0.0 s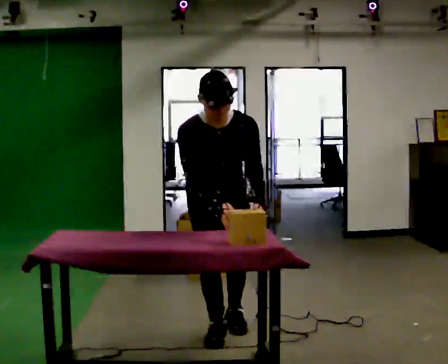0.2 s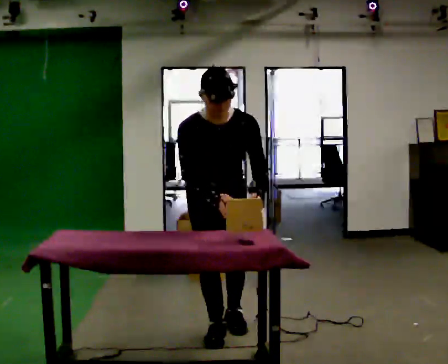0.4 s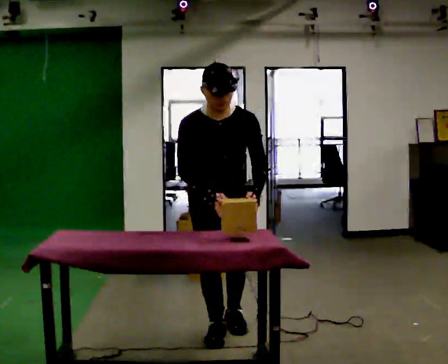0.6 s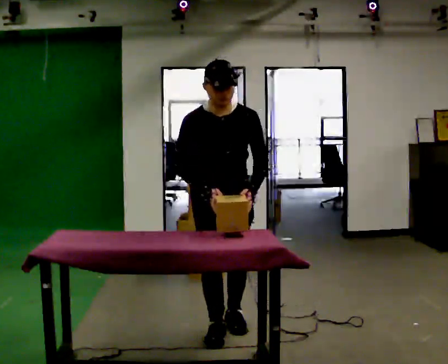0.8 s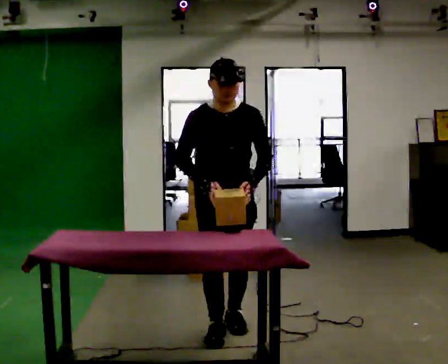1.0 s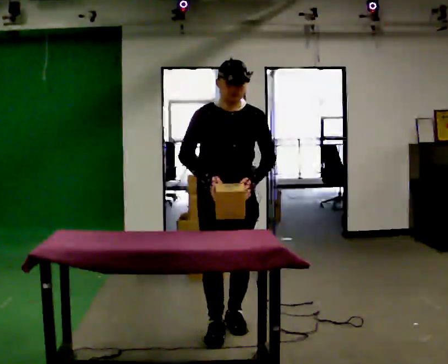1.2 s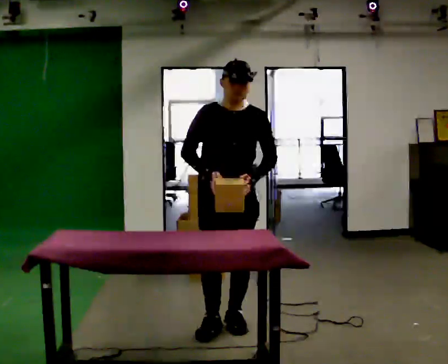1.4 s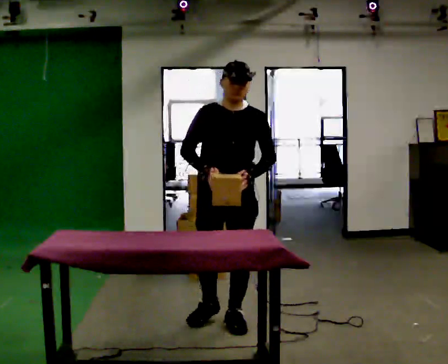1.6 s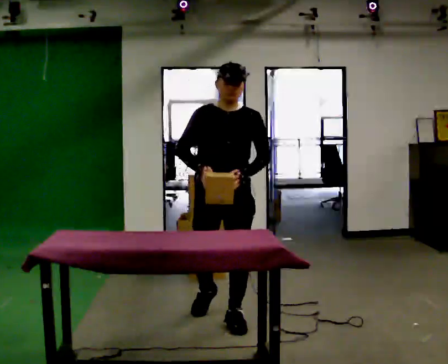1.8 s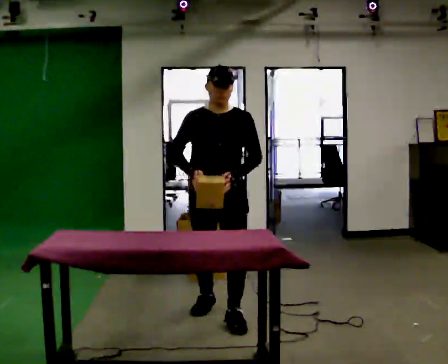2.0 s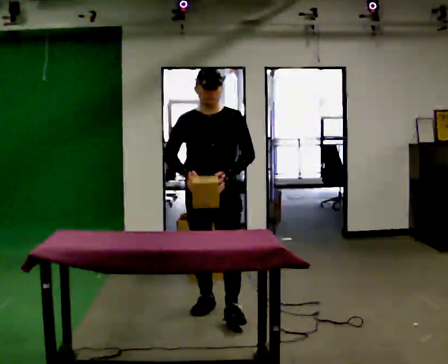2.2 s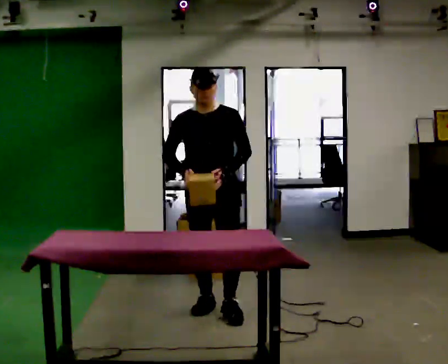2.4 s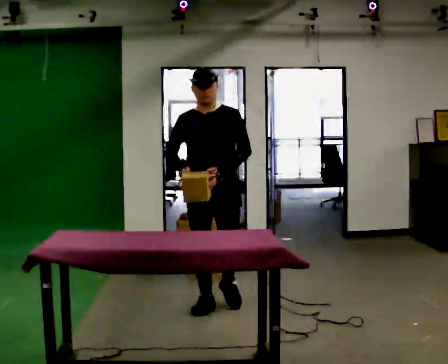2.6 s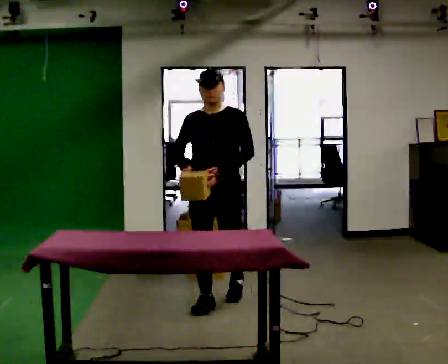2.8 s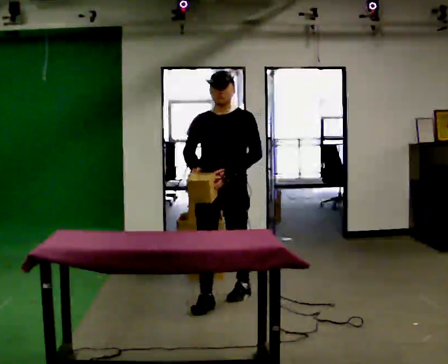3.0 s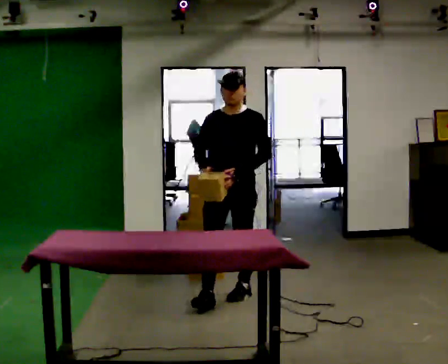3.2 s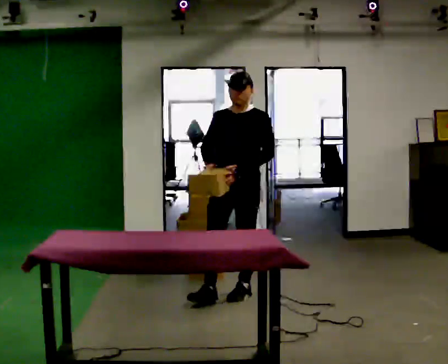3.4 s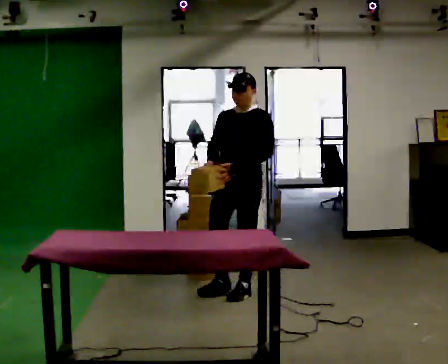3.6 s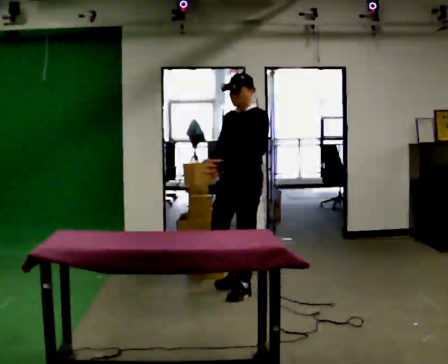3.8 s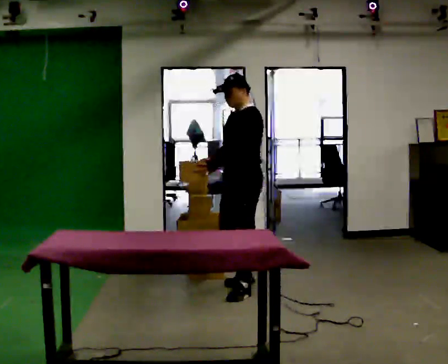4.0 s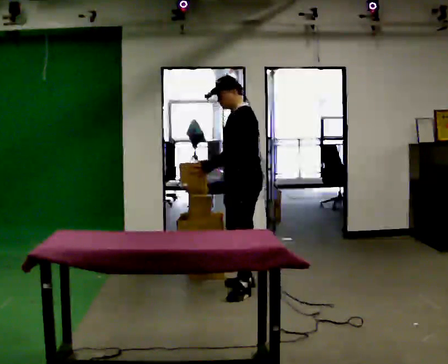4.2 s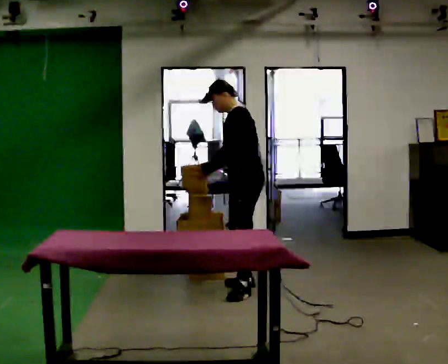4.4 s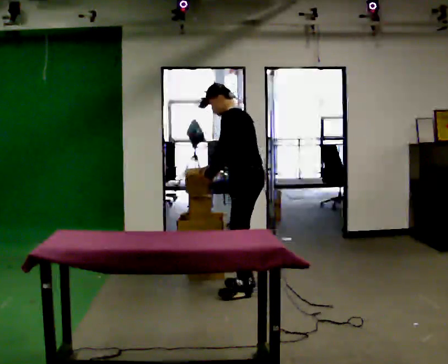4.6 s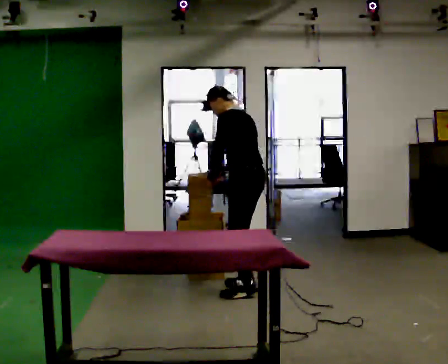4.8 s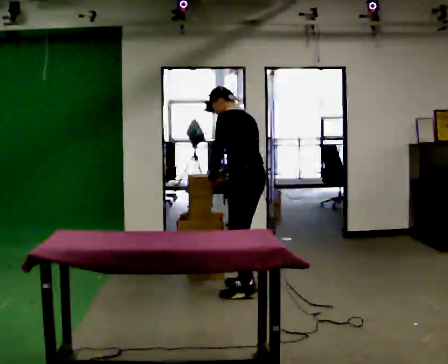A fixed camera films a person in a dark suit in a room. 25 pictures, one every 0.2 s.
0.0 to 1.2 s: In the picture they go away from the camera, about 0.25 m in 1 step, which for them is backward and to their left. The upper body tips away from the camera, its near side rolling upward, as they lean back or straighten.
1.2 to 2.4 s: In the picture they go away from the camera, about 0.5 m in 1 step, which for them is backward.
2.4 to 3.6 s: The part of the body nearest the lens slides to the left as the person turns to their right by about 45 degrees. In the picture they go away from the camera and to the right, about 0.5 m in 1 step, which for them is backward.
3.6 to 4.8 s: Seen from above the body turns clockwise, about 75 degrees: to their right, with its near side sliding to the left. In the picture they go away from the camera, about 0.25 m in 1 step. In the picture the upper body tilts counterclockwise, shoulders to the left, as they bend forward.
The film runs backward here.
